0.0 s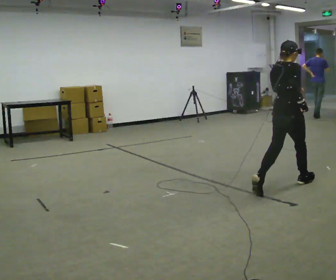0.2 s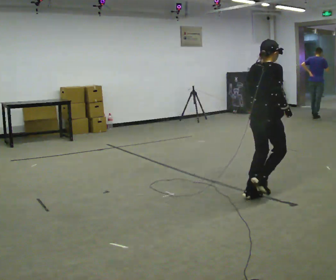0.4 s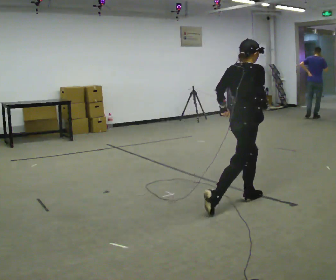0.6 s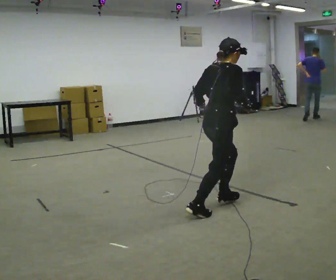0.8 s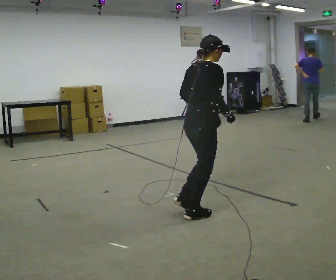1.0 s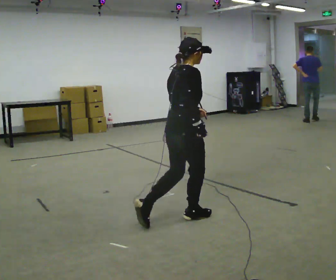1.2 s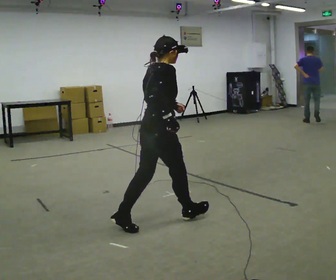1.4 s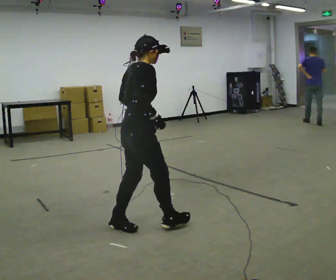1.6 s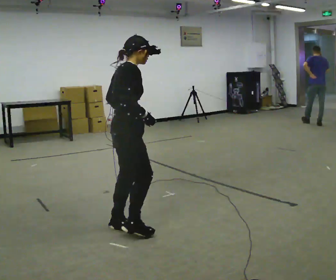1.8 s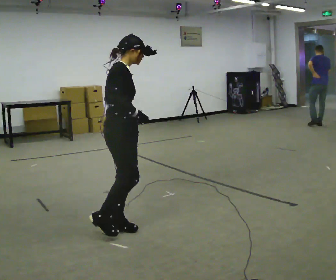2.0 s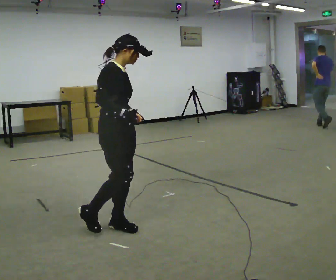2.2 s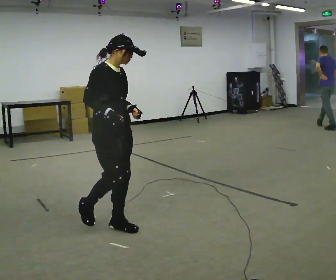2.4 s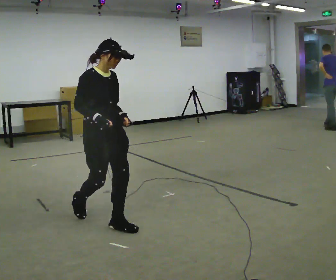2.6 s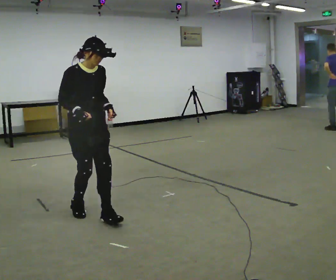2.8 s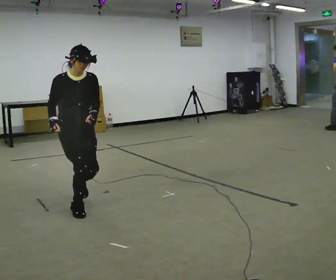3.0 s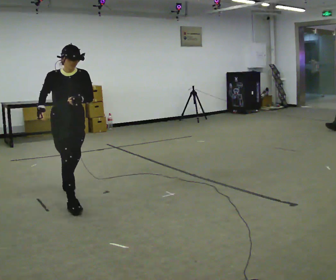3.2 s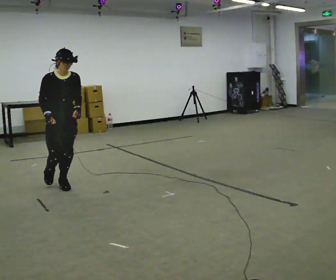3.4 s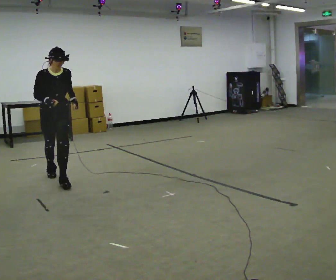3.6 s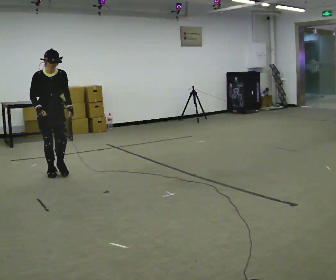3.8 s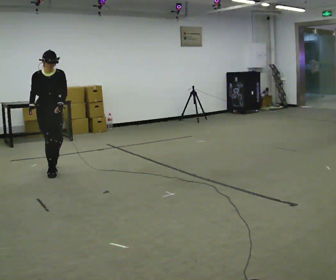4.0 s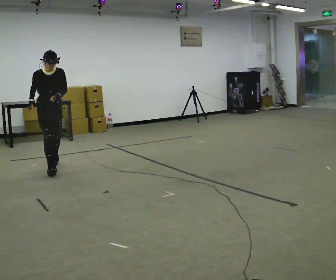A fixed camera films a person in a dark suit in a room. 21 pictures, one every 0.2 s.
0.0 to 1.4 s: In the picture they go to the left, about 1.5 m in 2 steps, which for them is backward.
1.4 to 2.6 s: The person turns about 75 degrees to their right, clockwise seen from above, so the part of the body nearest the lens slides to the left. In the picture they go to the left and away from the camera, about 0.5 m in 1 step.
2.6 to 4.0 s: In the picture they go away from the camera, about 1.5 m in 2 steps, which for them is backward.
The film runs backward here.
